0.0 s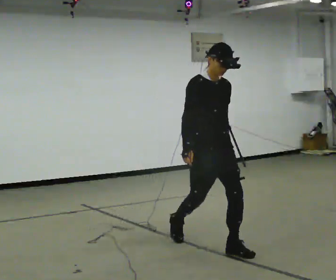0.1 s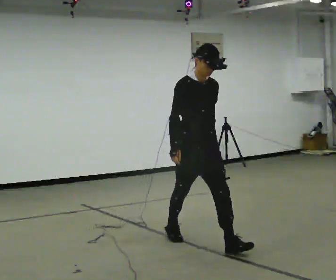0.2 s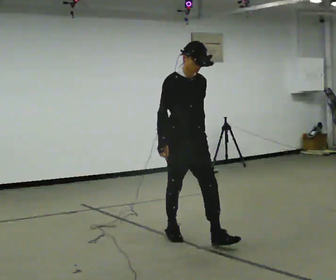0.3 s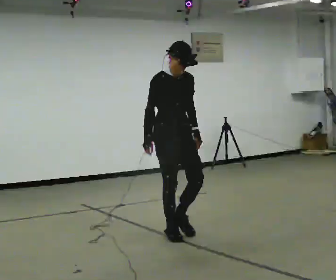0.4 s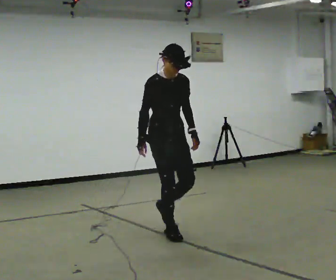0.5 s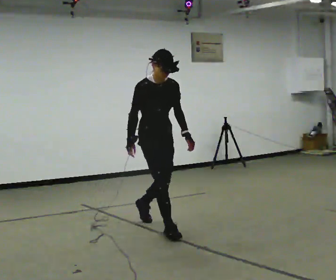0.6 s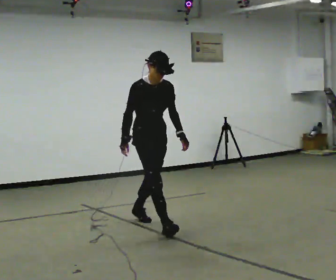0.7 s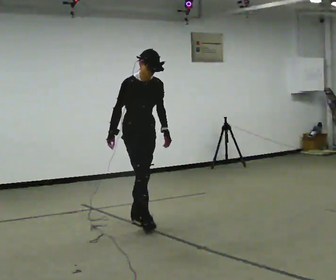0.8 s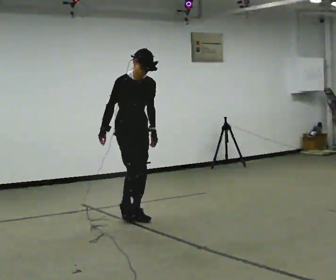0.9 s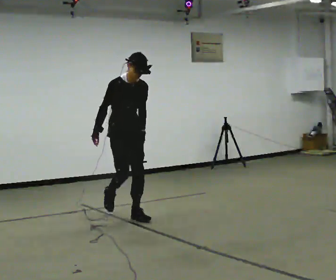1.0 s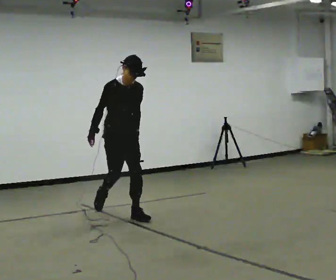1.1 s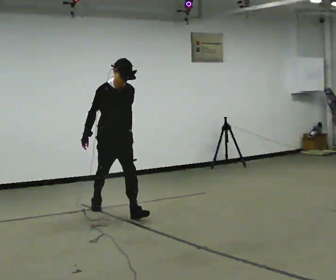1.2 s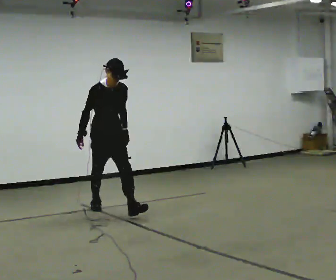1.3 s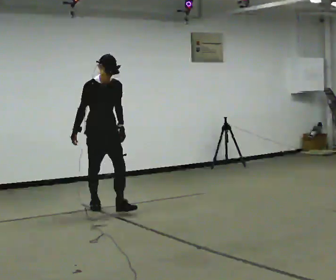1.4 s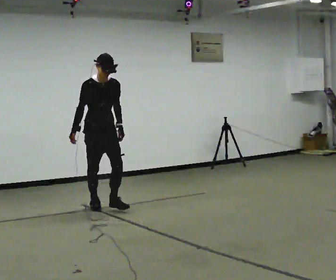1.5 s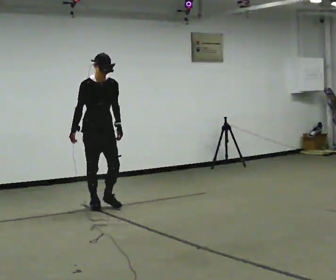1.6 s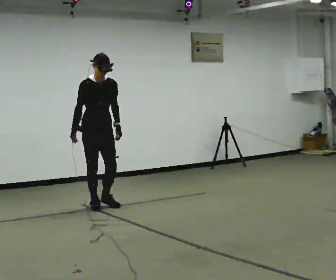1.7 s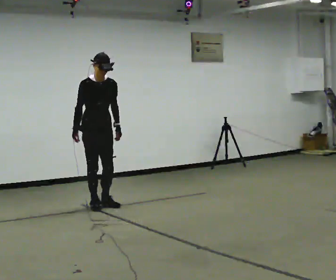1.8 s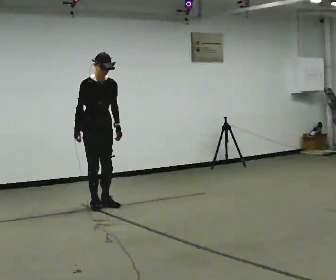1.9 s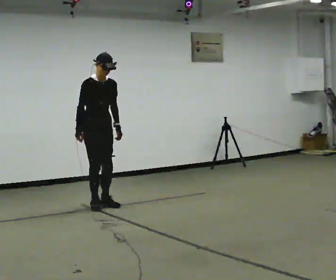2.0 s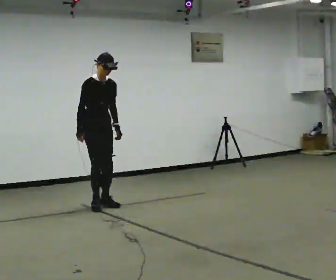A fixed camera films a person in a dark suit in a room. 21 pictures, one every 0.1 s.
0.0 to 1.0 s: In the picture they go away from the camera and to the left, about 1.5 m in 2 steps, which for them is backward.
1.0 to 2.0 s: In the picture they go away from the camera and to the left, about 0.5 m in 1 step, which for them is backward.
The film runs backward here.
